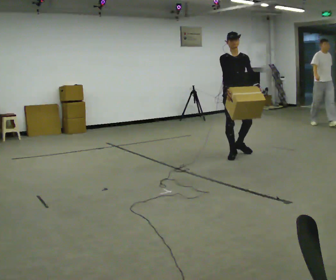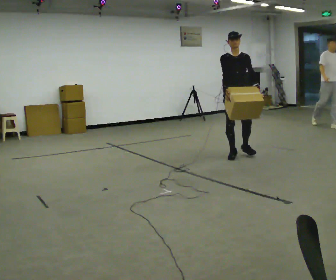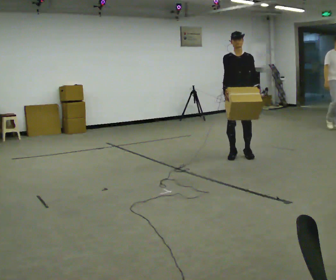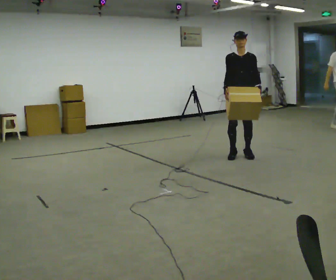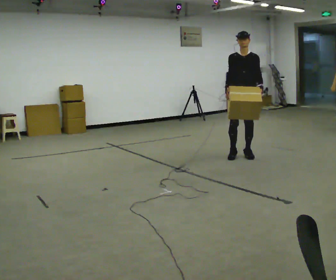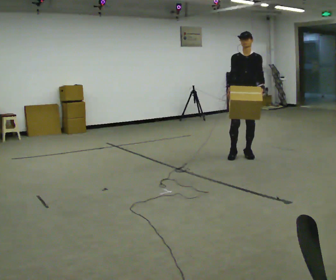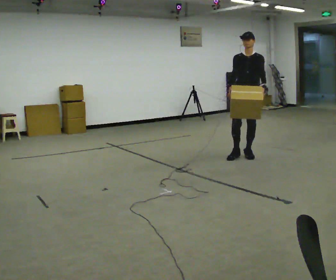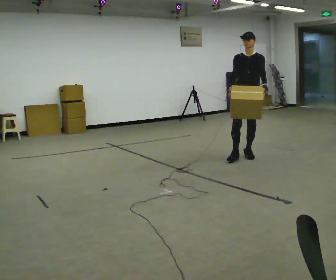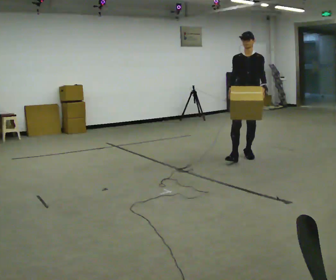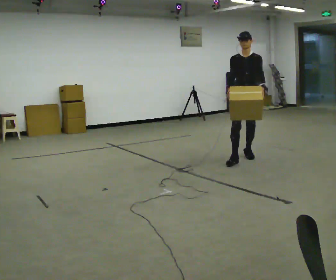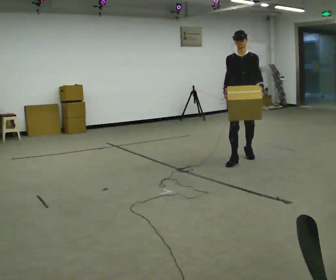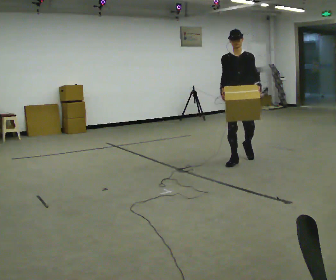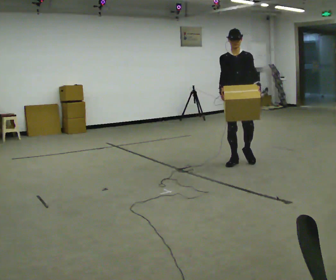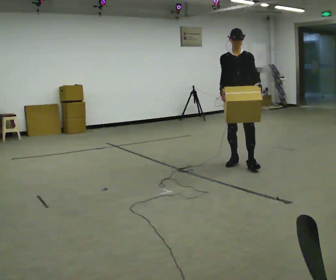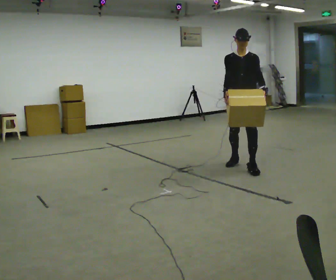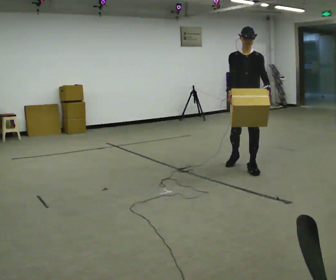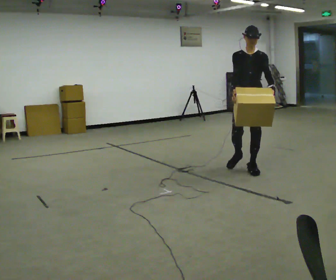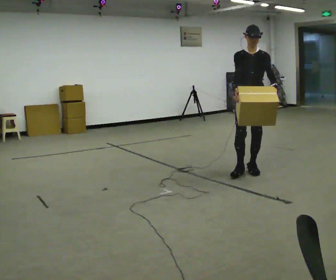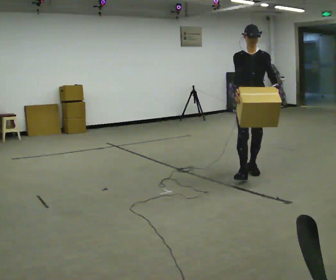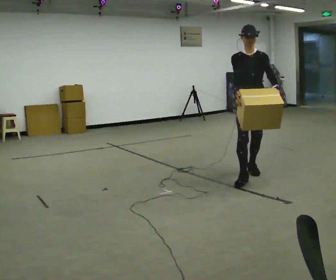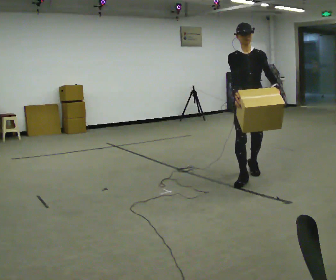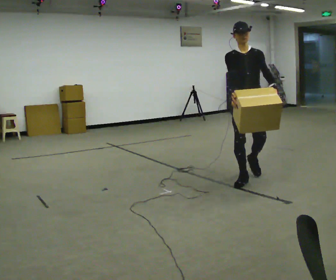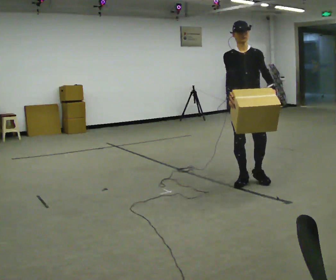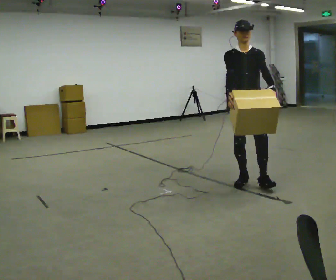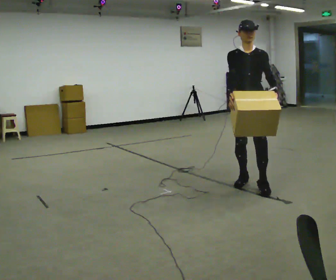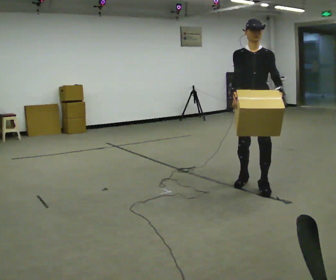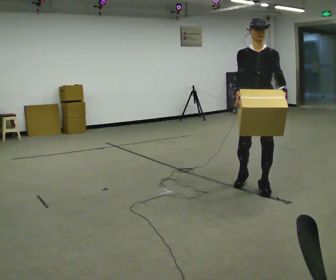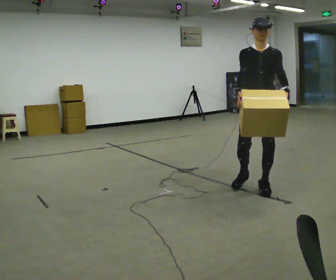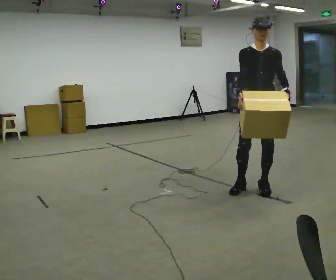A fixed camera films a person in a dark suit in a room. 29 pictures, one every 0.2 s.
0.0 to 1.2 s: In the picture they go to the right, about 0.25 m in 1 step, which for them is to their left.
1.2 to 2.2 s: In the picture they go toward the camera, about 0.25 m in 1 step, which for them is forward and to their right.
2.2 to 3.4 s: In the picture they go toward the camera, about 0.5 m in 1 step, which for them is forward.
3.4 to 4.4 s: In the picture they go toward the camera, about 0.5 m in 1 step, which for them is forward and to their right.
4.4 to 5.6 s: In the picture they go toward the camera, about 0.25 m in 2 steps, which for them is forward.
The film runs forward here.
